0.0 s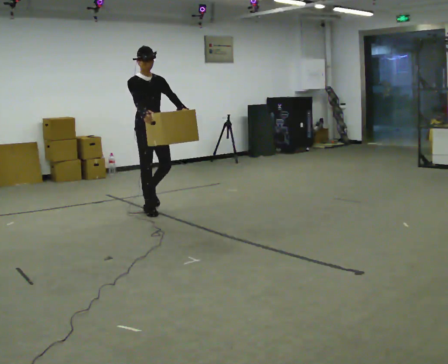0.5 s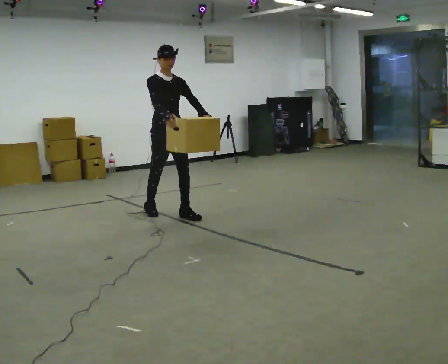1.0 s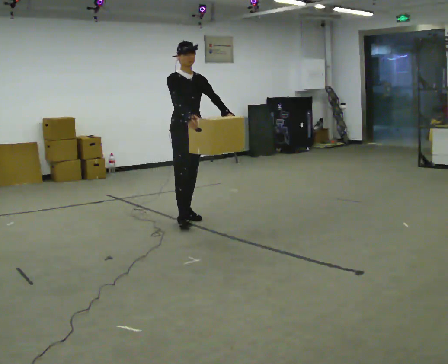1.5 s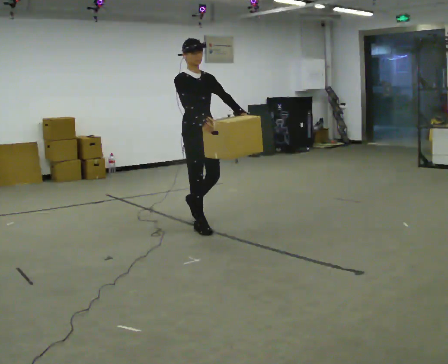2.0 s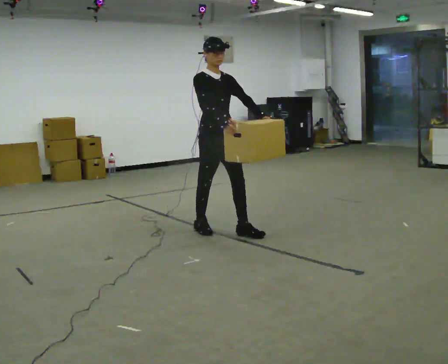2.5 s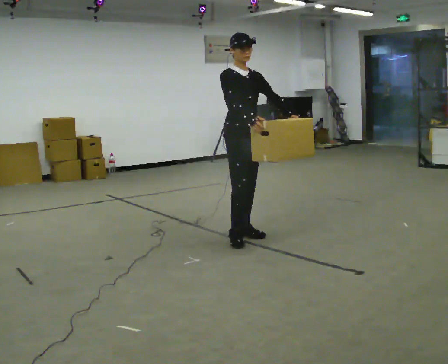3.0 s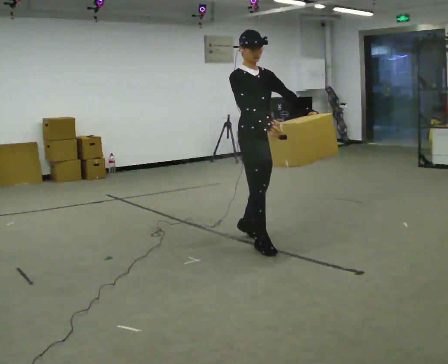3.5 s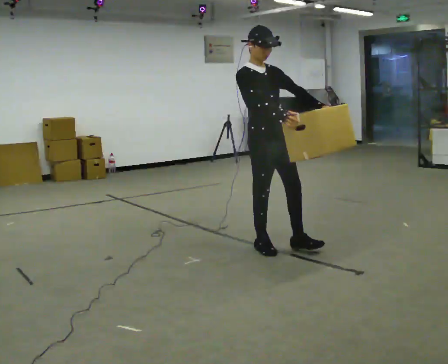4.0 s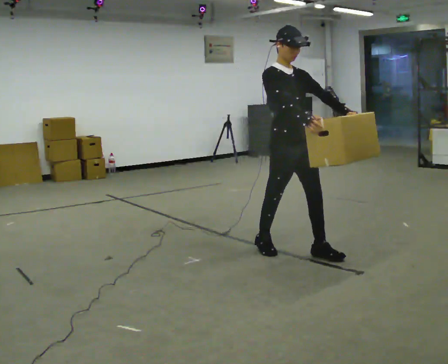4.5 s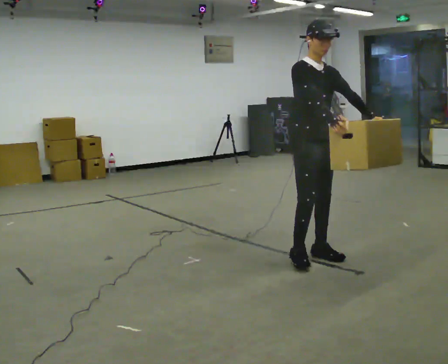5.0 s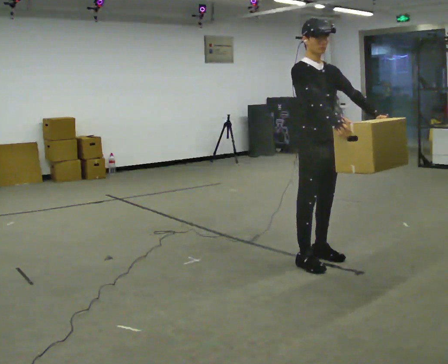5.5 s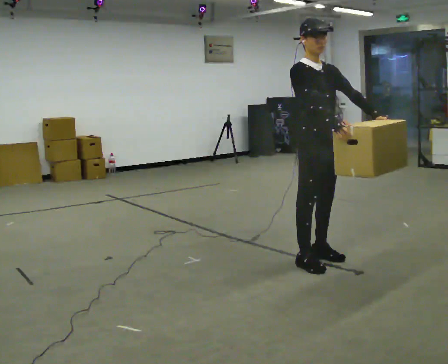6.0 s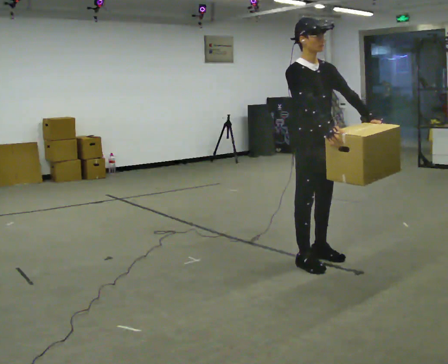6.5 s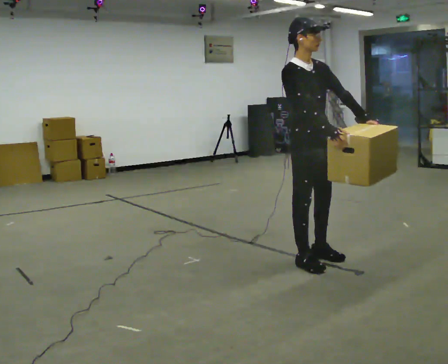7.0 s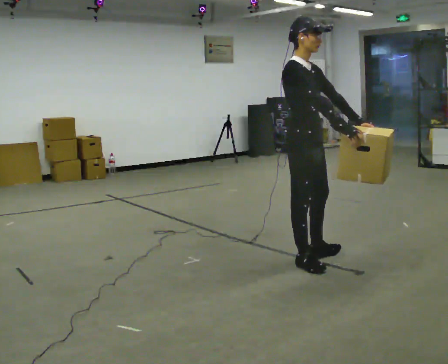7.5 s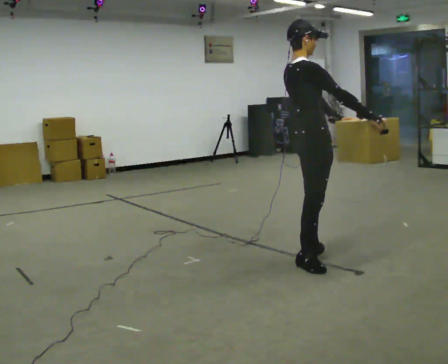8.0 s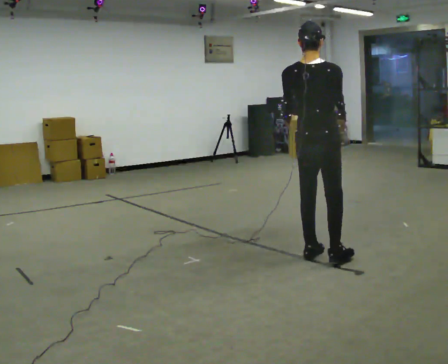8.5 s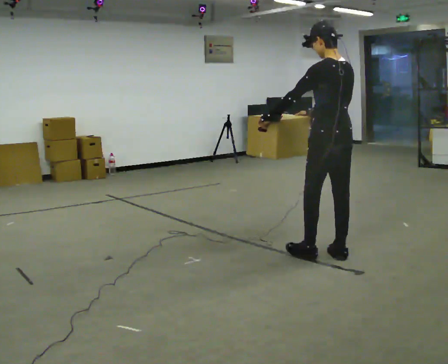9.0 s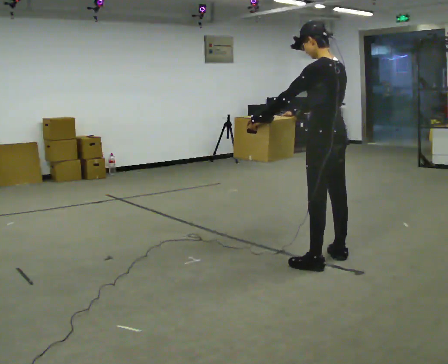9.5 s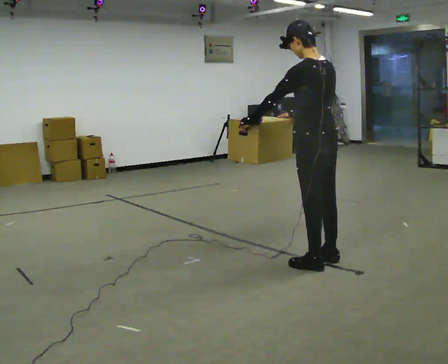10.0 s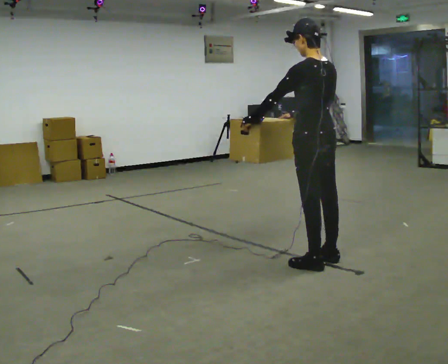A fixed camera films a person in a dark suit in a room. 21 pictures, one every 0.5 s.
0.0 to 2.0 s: In the picture they go to the right and toward the camera, about 1 m in 3 steps, which for them is forward.
2.0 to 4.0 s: In the picture they go to the right and toward the camera, about 1 m in 2 steps, which for them is forward.
4.0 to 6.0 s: In the picture they go toward the camera and to the right, about 0.25 m in 1 step, which for them is forward.
6.0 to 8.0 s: The part of the body nearest the lens slides to the right as the person turns to their left by about 135 degrees. In the picture their left hand goes to the left.
8.0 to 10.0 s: Seen from above the body turns counterclockwise, about 60 degrees: to their left, with its near side sliding to the right.
The film runs forward here.
